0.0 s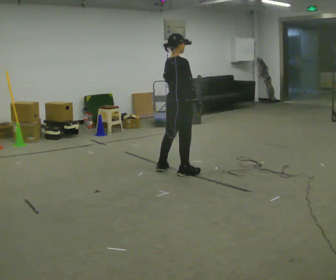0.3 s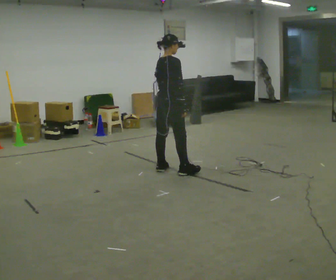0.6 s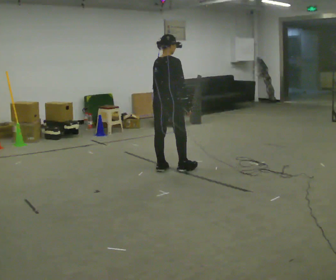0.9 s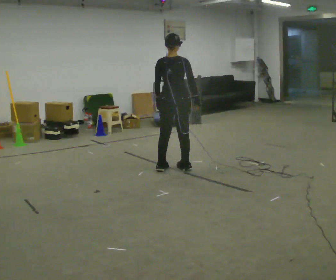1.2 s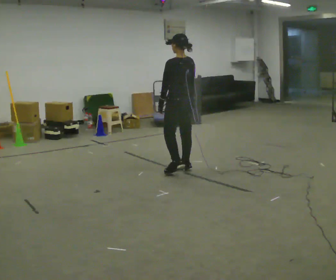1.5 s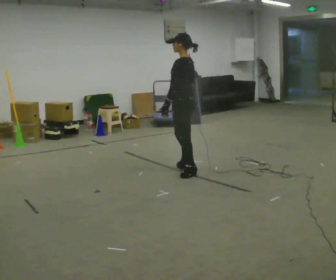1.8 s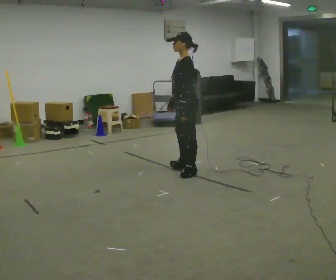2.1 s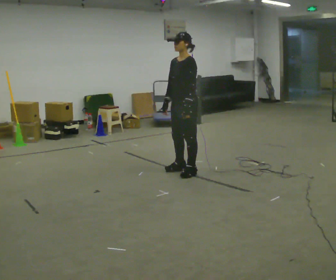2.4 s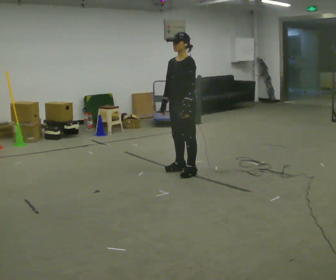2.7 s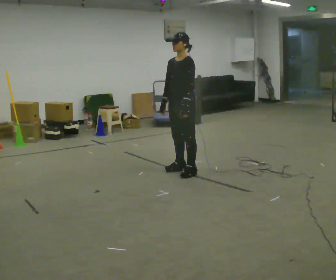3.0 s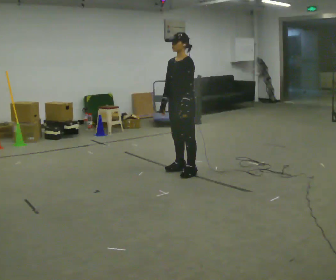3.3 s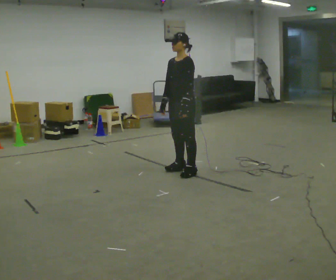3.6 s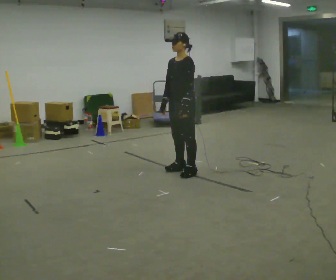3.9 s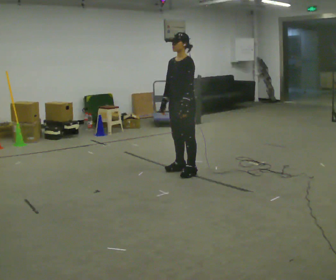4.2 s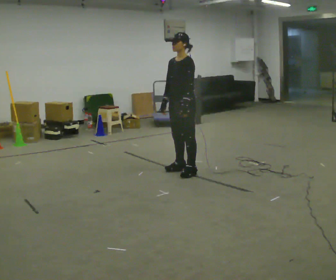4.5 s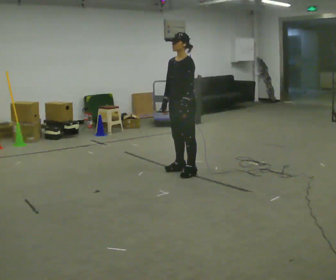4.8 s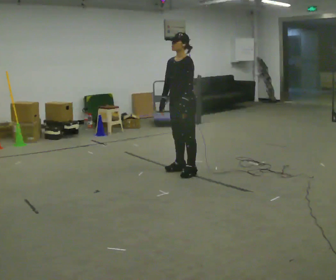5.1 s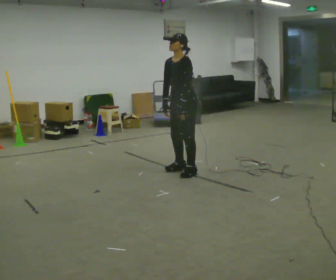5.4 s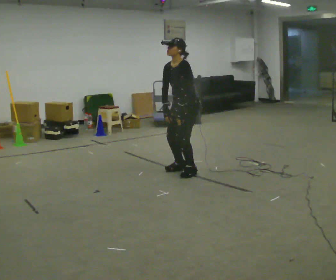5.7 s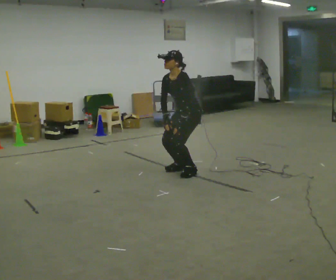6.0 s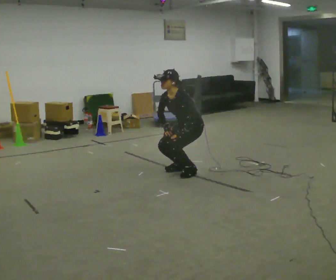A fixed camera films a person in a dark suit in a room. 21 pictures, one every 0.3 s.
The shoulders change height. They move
downward.
The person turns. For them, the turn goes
to their left.
0.0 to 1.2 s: Seen from above the body turns counterclockwise, about 90 degrees: to their left, with its near side sliding to the right.
1.2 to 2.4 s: Seen from above the body turns counterclockwise, about 105 degrees: to their left, with its near side sliding to the right.
2.4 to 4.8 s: The person moves a little, or ends about where they began.
4.8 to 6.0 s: The shoulders move downward. In the picture the upper body tilts counterclockwise, shoulders to the left, as they bend forward.
The film runs backward here.
